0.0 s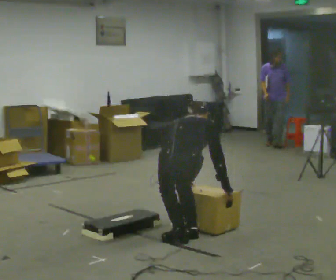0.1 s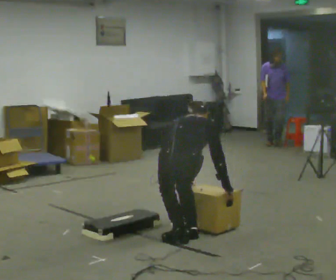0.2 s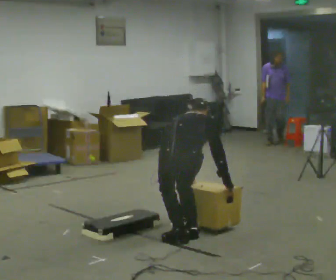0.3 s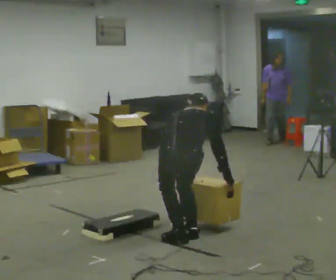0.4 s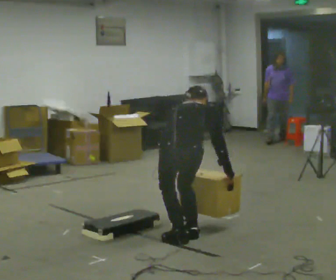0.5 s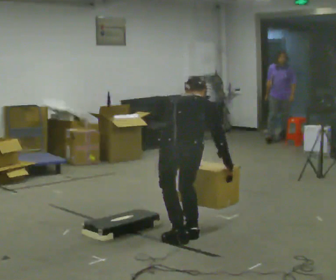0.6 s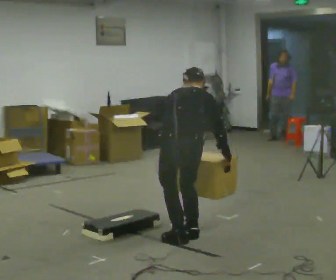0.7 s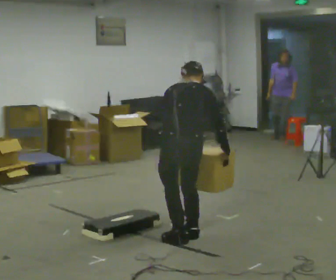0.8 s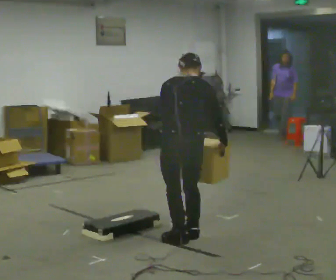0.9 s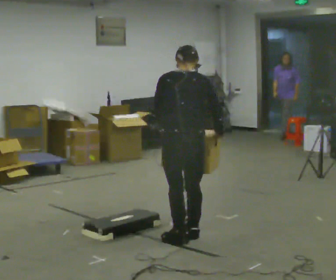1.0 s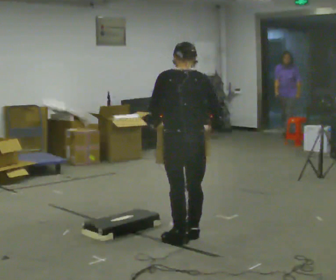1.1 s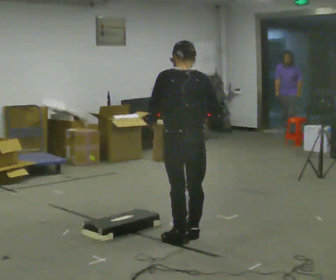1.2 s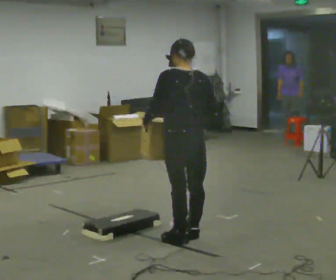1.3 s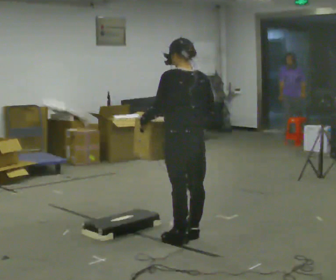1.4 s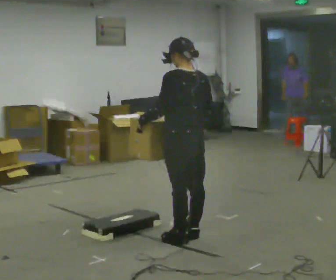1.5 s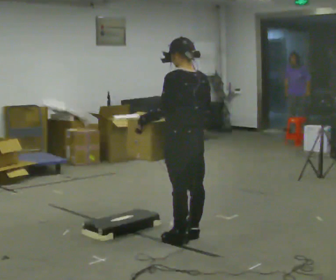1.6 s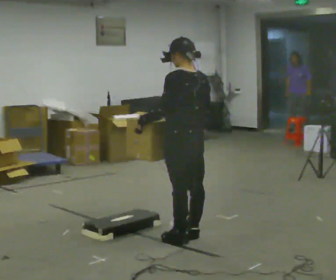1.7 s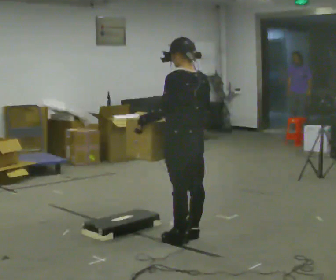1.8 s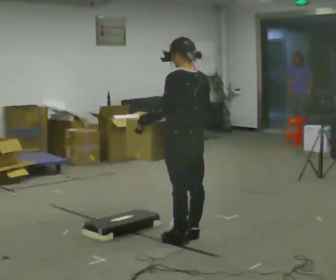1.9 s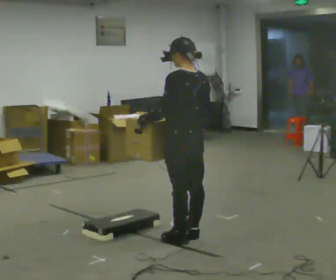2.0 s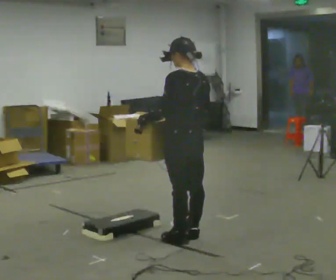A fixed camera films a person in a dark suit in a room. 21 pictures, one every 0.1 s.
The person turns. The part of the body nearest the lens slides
to the right.
Their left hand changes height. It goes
upward.
0.0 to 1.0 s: The shoulders move upward. The upper body tips toward the camera, its near side rolling downward, as they lean back or straighten. In the picture their right hand goes upward.
1.0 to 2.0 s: The person turns about 45 degrees to their left, counterclockwise seen from above, so the part of the body nearest the lens slides to the right.
The film runs backward here.
